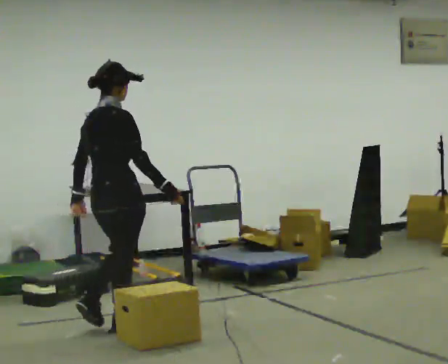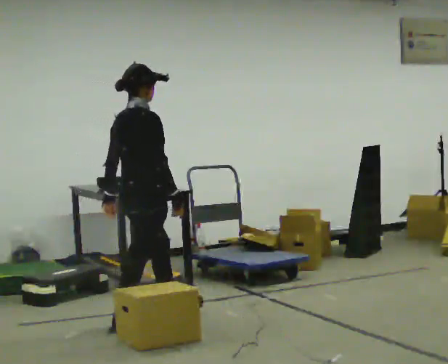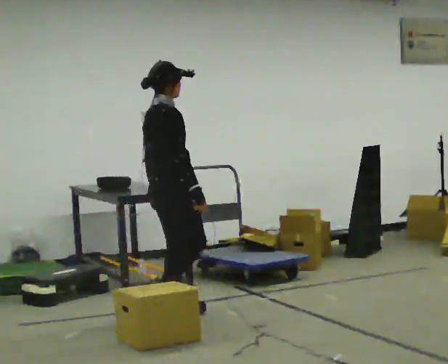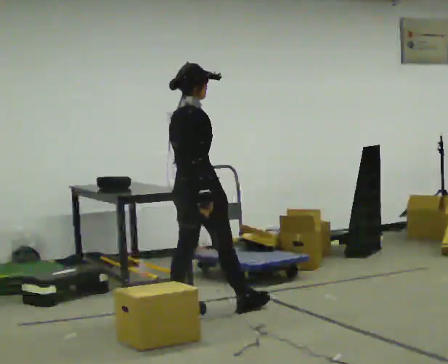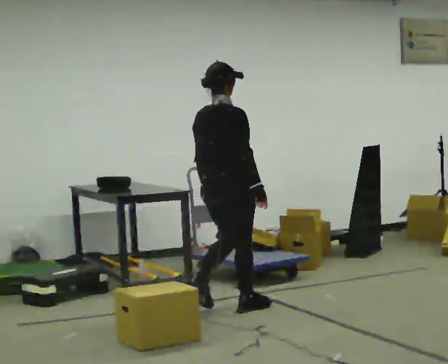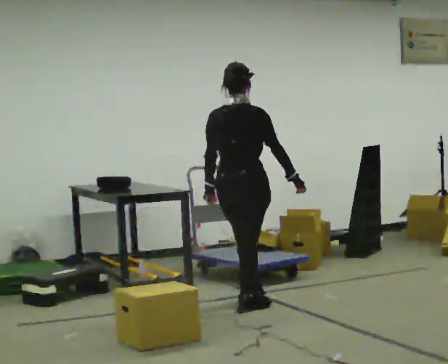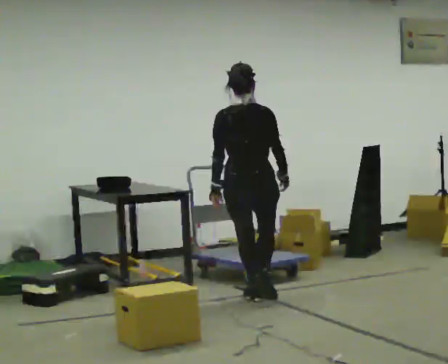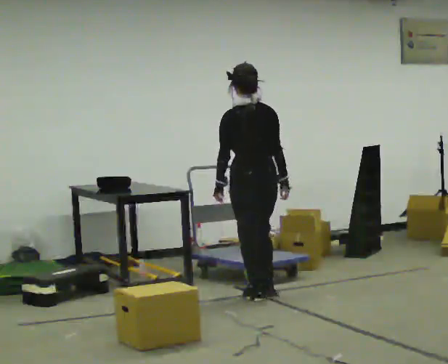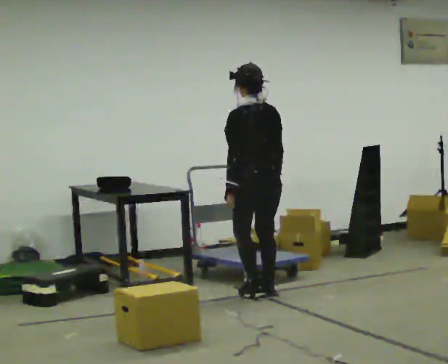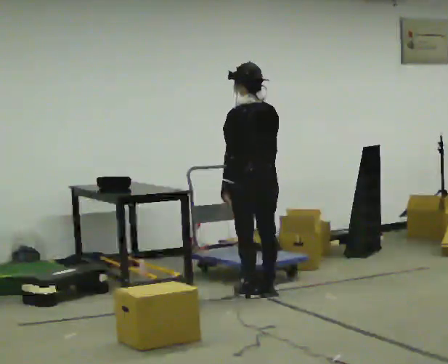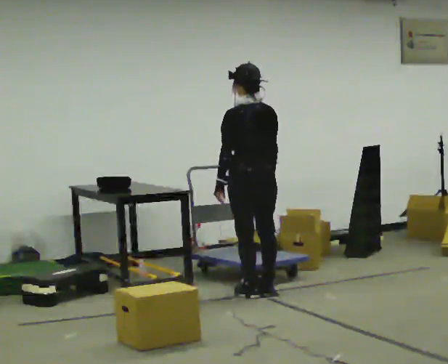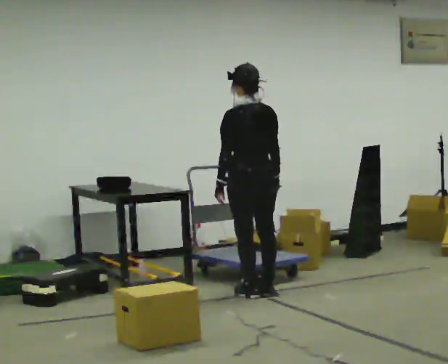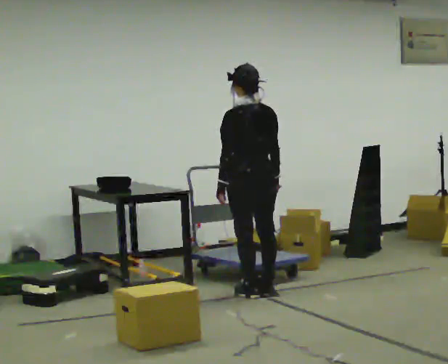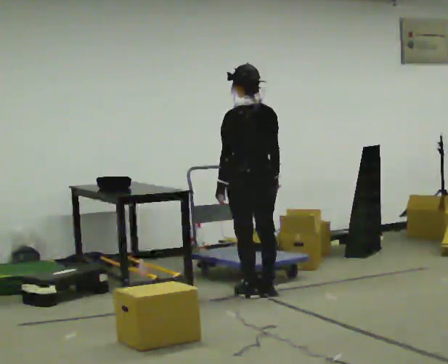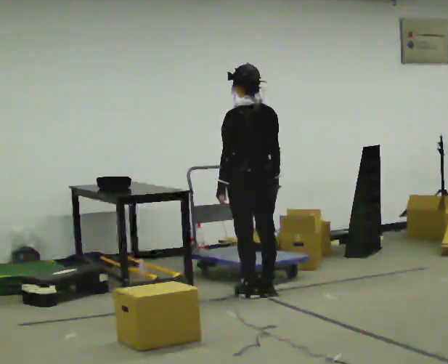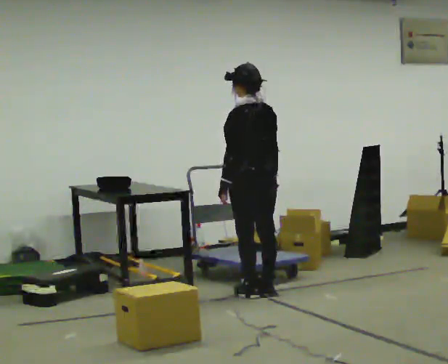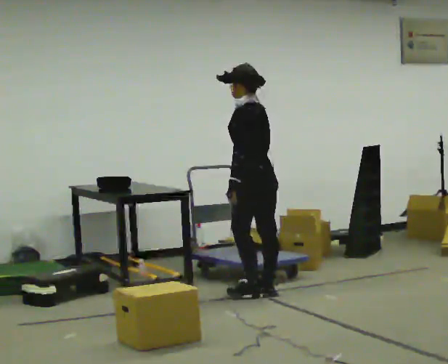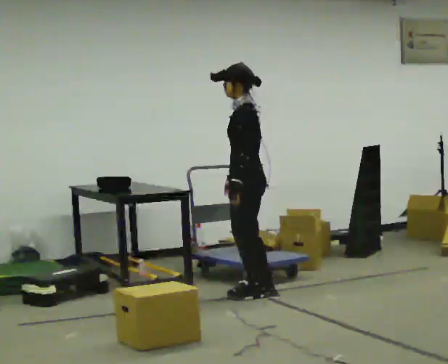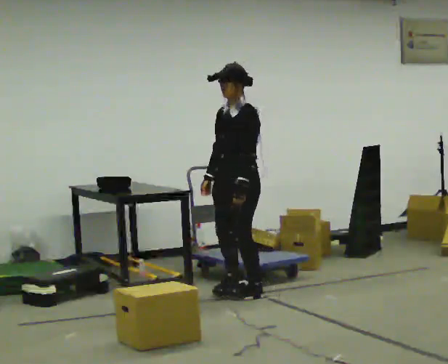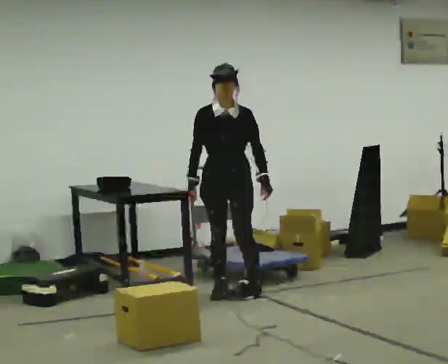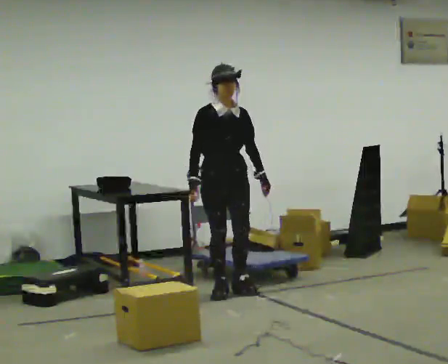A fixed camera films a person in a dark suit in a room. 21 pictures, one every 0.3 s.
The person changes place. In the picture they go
away from the camera.
The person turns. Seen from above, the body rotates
counterclockwise.
0.0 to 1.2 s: In the picture they go to the right and away from the camera, about 1 m in 2 steps, which for them is forward.
1.2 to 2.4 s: Seen from above the body turns counterclockwise, about 75 degrees: to their left, with its near side sliding to the right. In the picture they go away from the camera and to the right, about 0.5 m in 2 steps.
2.4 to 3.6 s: The person moves a little, or ends about where they began.
3.6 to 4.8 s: The part of the body nearest the lens slides to the right as the person turns to their left by about 30 degrees.
4.8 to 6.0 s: The part of the body nearest the lens slides to the right as the person turns to their left by about 135 degrees. In the picture they go to the left, about 0.25 m in 2 steps.
The film runs forward here.
